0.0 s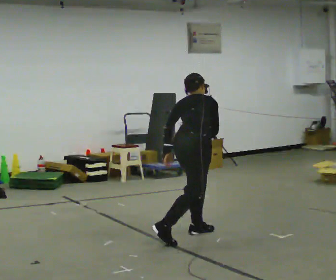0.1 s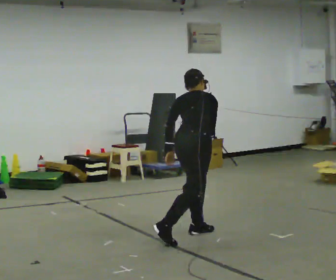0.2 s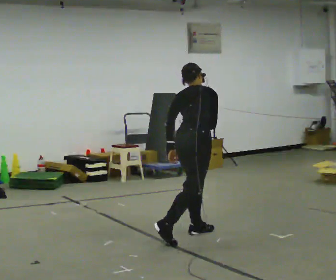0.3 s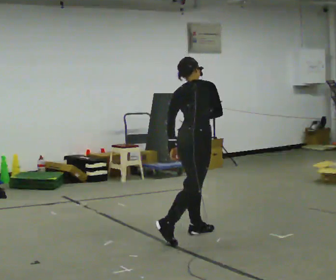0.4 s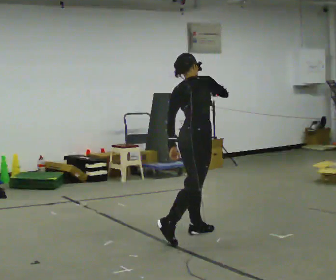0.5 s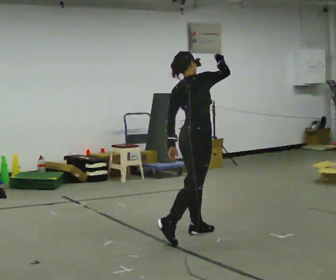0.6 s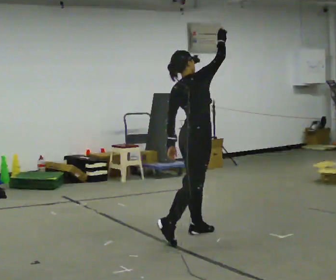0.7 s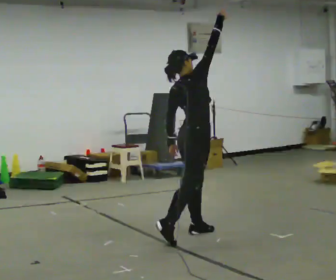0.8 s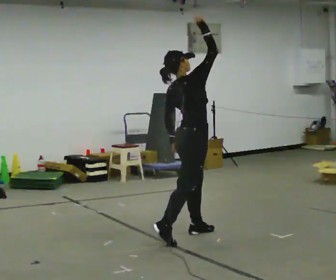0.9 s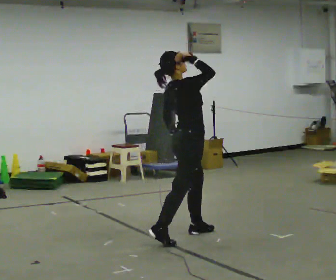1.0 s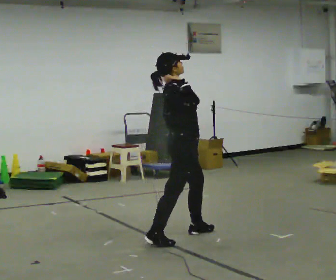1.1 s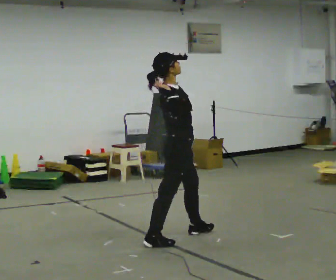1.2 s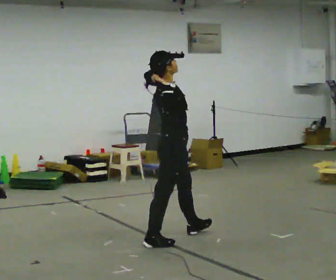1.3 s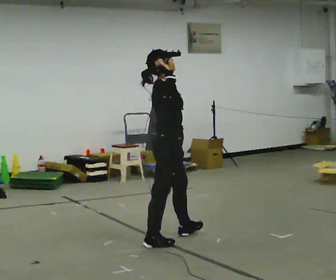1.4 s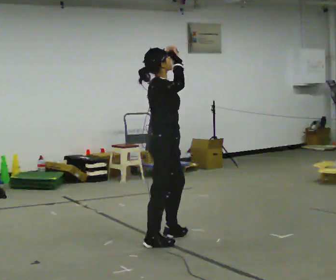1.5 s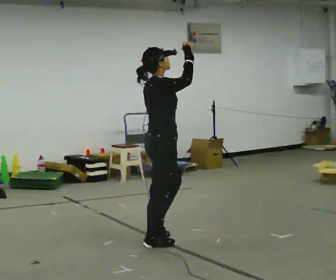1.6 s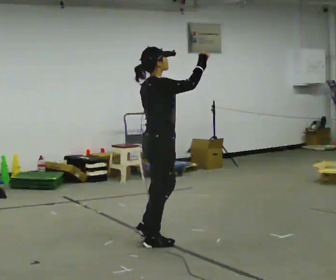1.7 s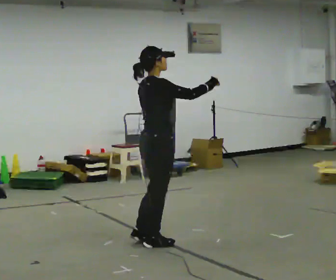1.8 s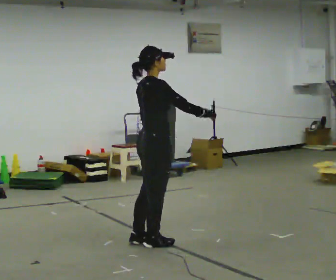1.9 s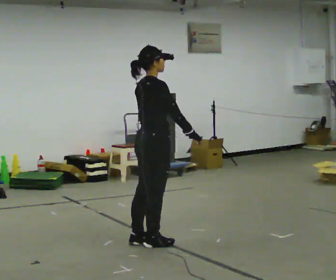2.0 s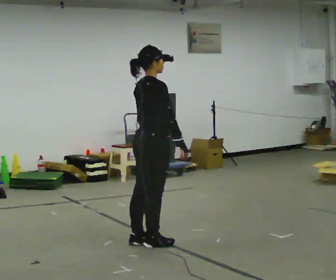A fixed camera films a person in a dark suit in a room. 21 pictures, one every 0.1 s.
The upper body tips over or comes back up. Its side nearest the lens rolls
downward.
0.0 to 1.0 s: The person turns about 30 degrees to their right, clockwise seen from above, so the part of the body nearest the lens slides to the left. The upper body tips toward the camera, its near side rolling downward, as they lean back or straighten. In the picture their right hand goes upward.
1.0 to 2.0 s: In the picture they go to the left and toward the camera, about 0.25 m in 1 step, which for them is backward. In the picture their right hand goes downward.
The film runs backward here.
